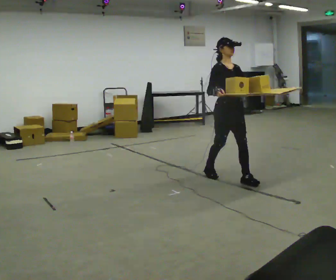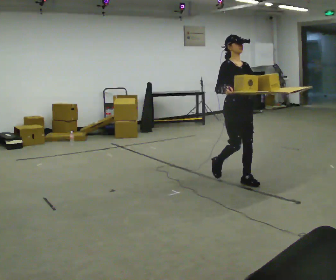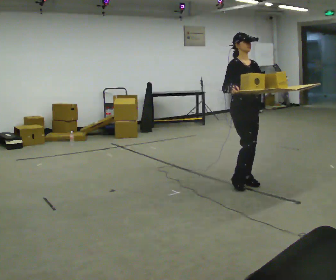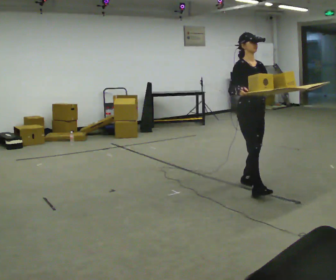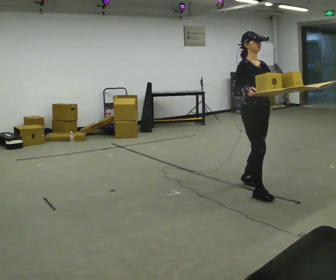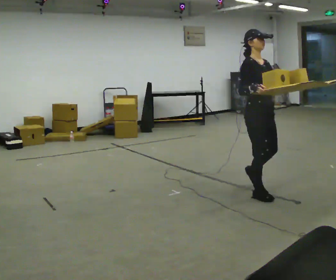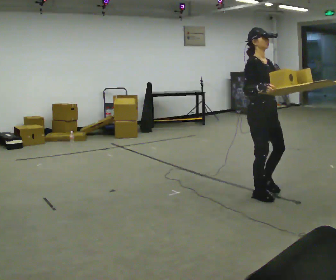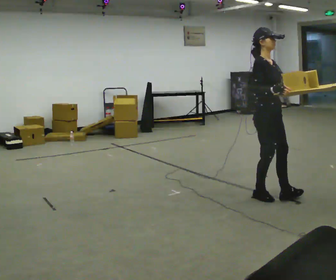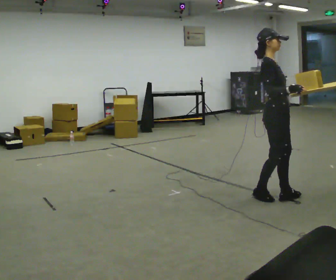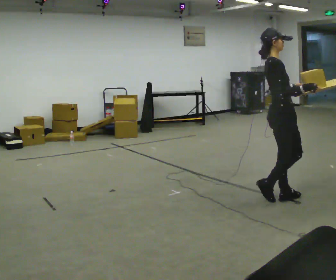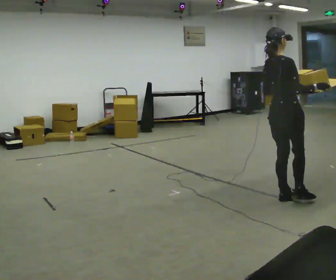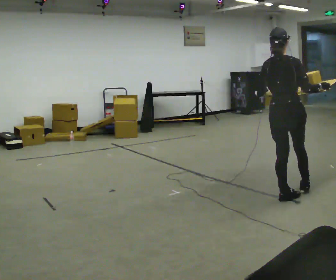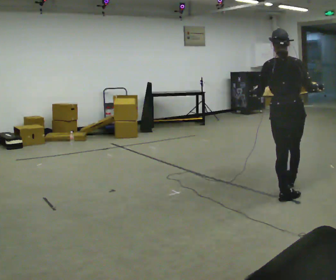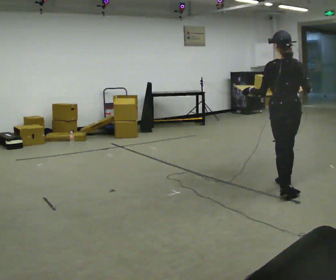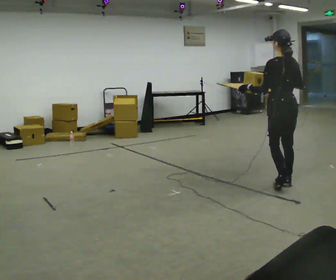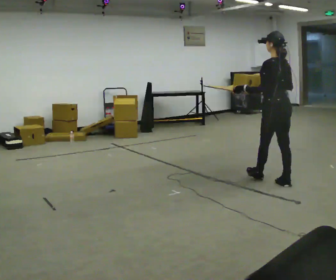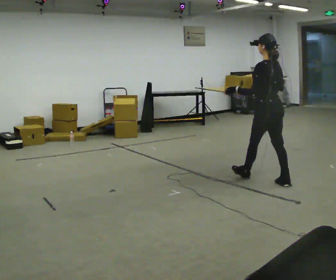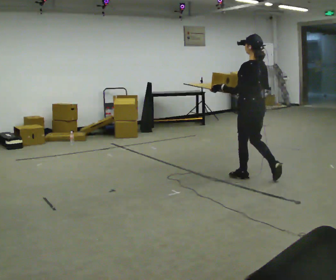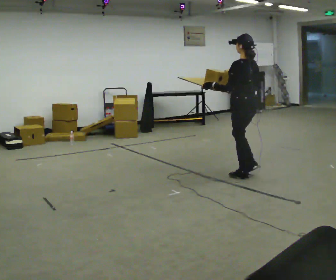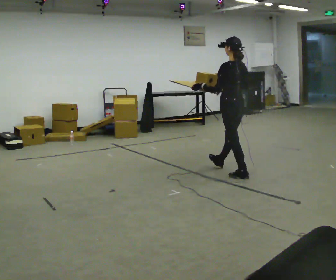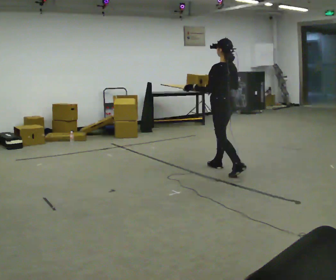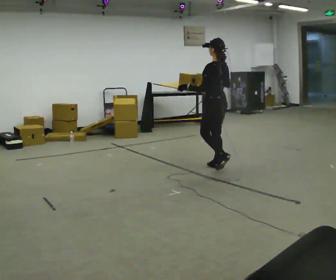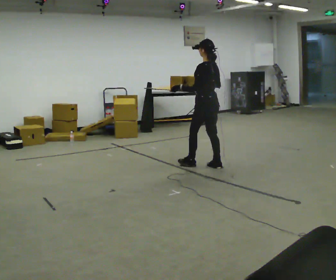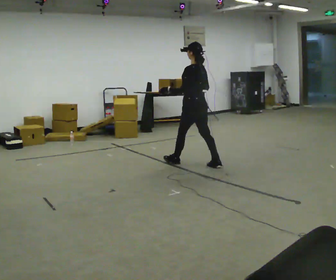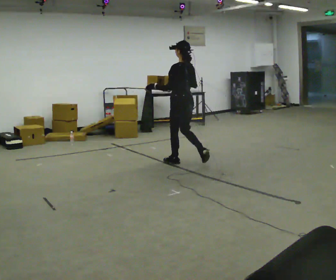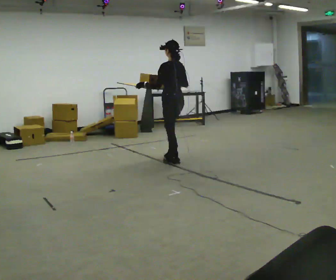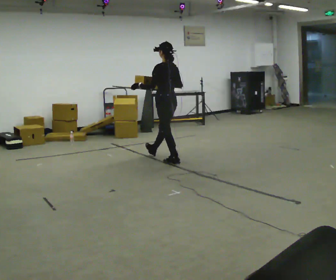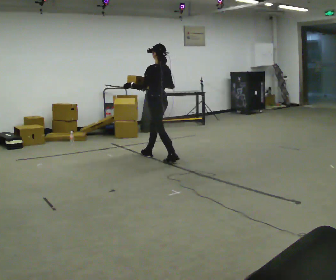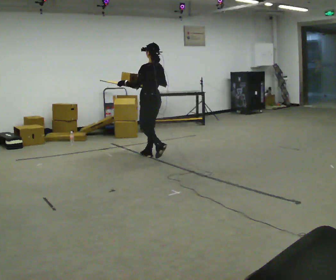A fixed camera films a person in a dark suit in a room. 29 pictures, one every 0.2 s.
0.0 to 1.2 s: In the picture they go toward the camera and to the right, about 0.5 m in 1 step, which for them is forward.
1.2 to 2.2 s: The part of the body nearest the lens slides to the right as the person turns to their left by about 90 degrees. In the picture they go to the right, about 0.25 m in 1 step. In the picture their left hand goes to the left.
2.2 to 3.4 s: Seen from above the body turns counterclockwise, about 75 degrees: to their left, with its near side sliding to the right. In the picture they go away from the camera and to the left, about 0.75 m in 2 steps.
3.4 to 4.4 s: In the picture they go to the left and away from the camera, about 1 m in 1 step, which for them is forward.
4.4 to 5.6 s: In the picture they go to the left and away from the camera, about 1 m in 2 steps, which for them is forward.
The film runs forward here.
